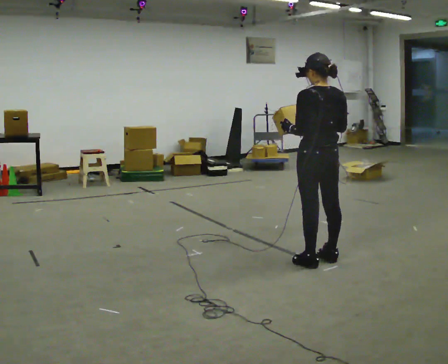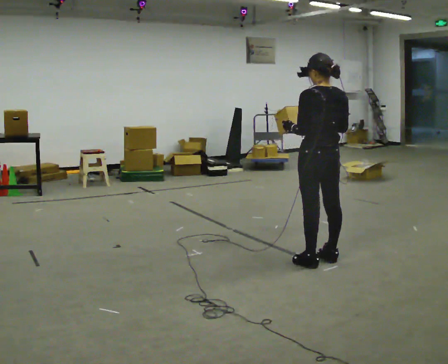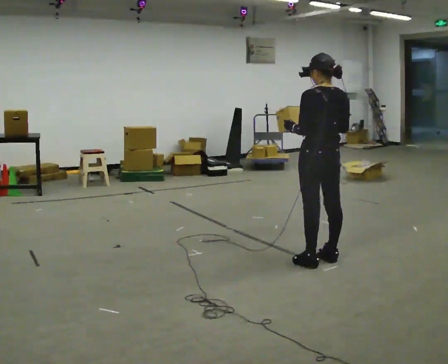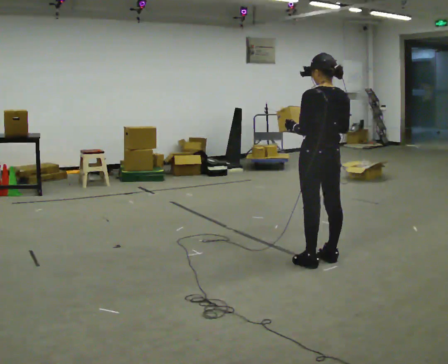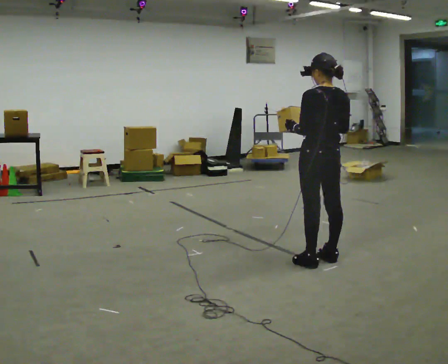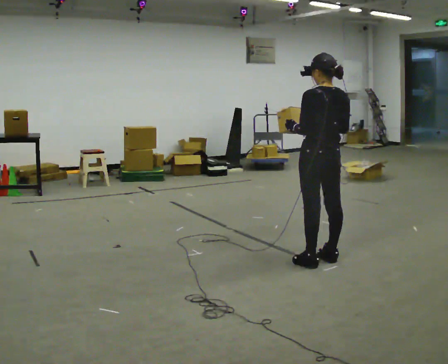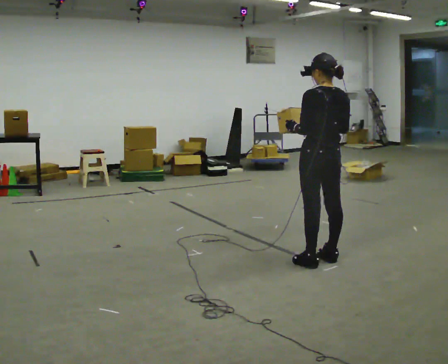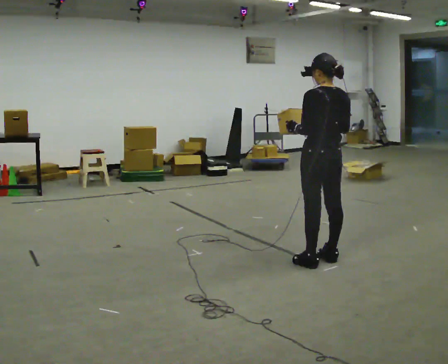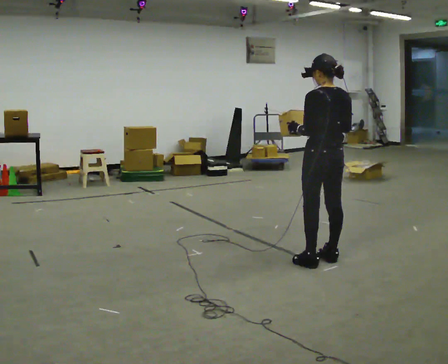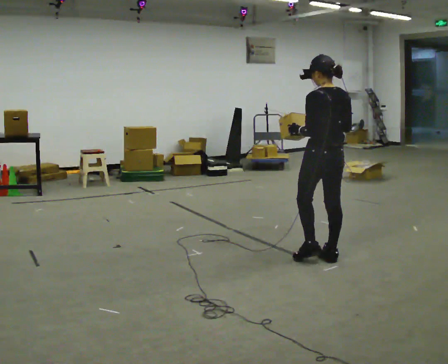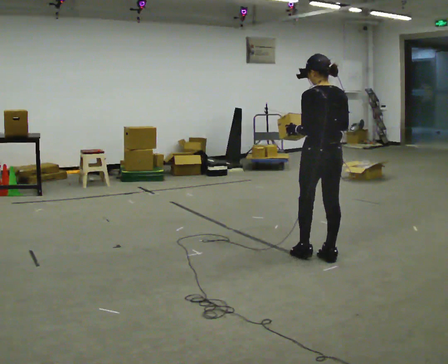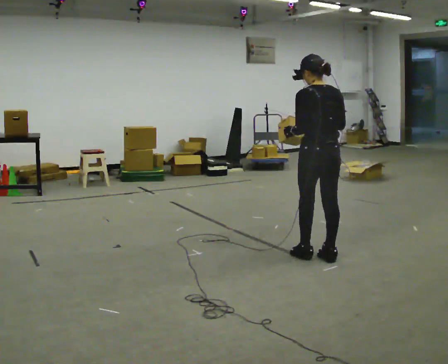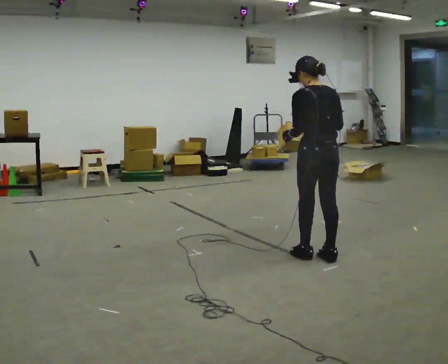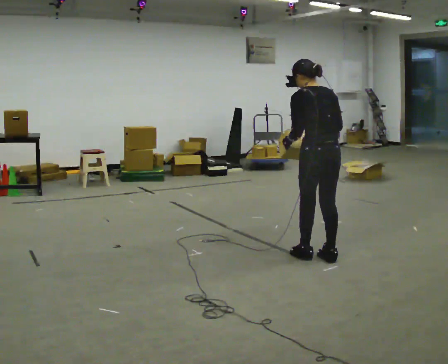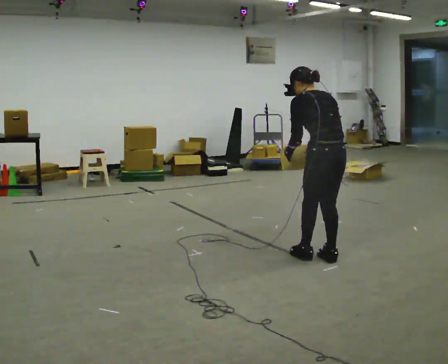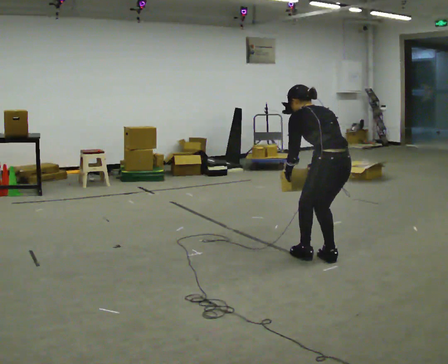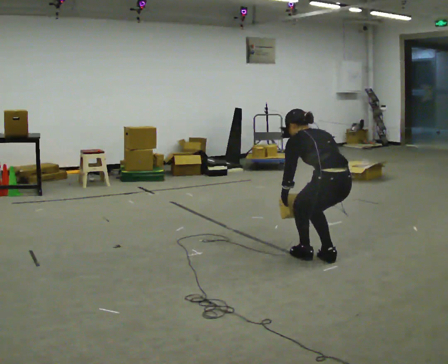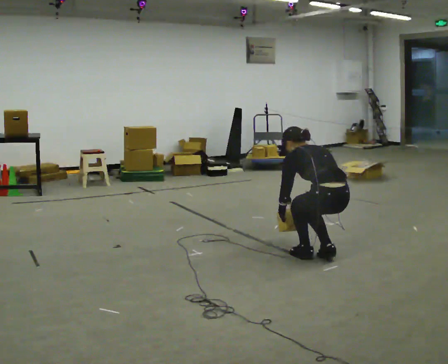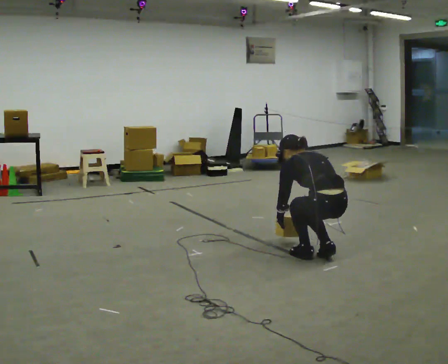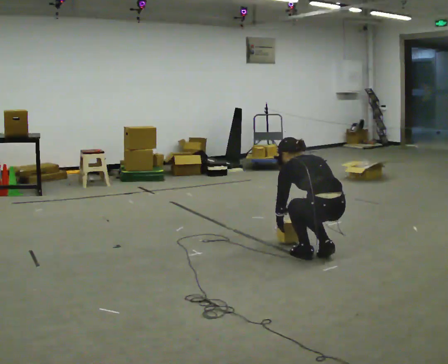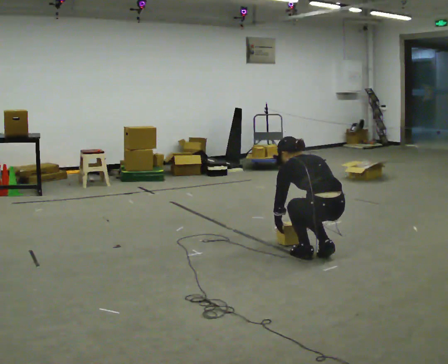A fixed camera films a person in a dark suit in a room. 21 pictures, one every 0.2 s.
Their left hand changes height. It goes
downward.
Their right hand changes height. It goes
downward.
0.0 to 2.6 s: The person moves a little, or ends about where they began.
2.6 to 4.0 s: The shoulders move downward. In the picture the upper body tilts counterclockwise, shoulders to the left, as they bend forward. In the picture their right hand goes downward.
The film runs forward here.
